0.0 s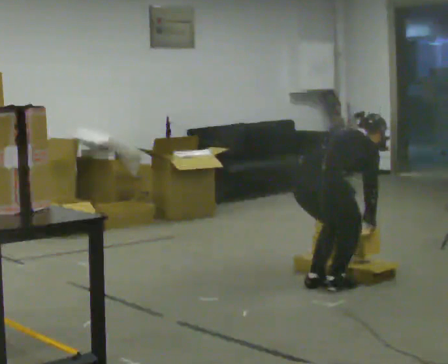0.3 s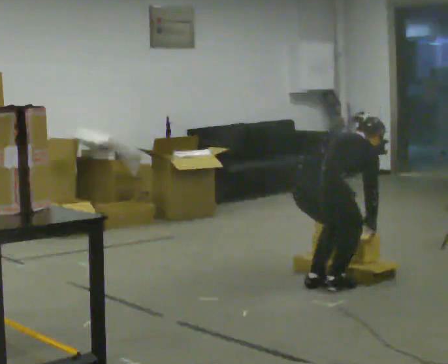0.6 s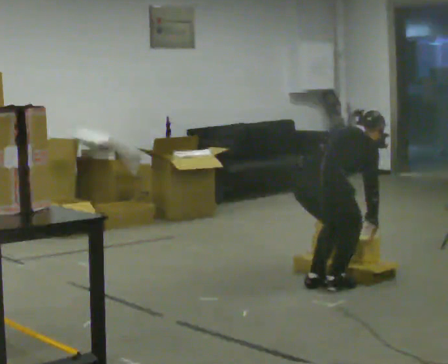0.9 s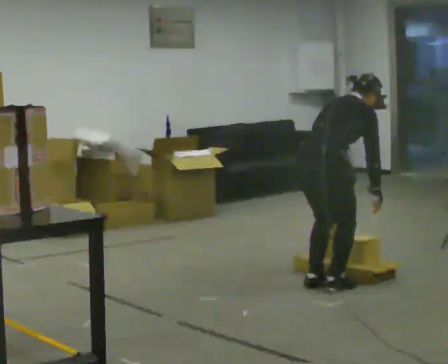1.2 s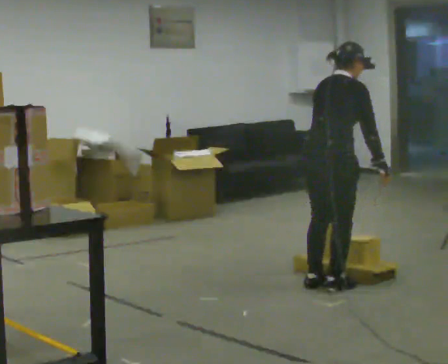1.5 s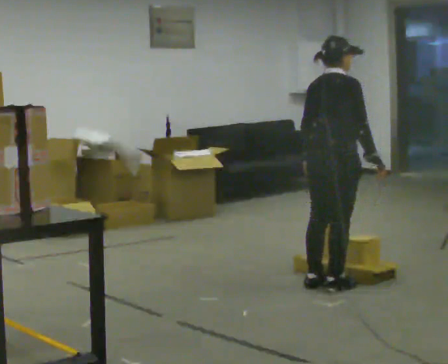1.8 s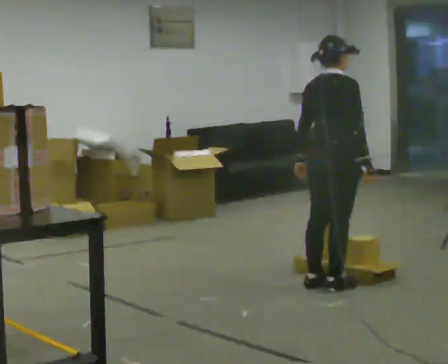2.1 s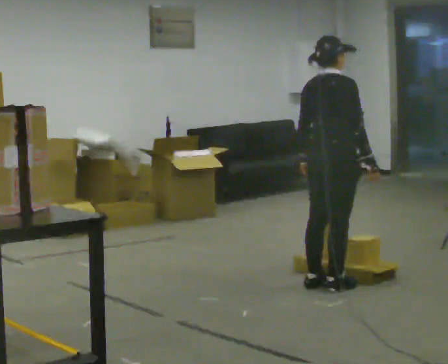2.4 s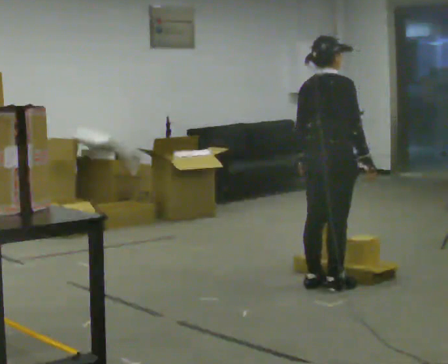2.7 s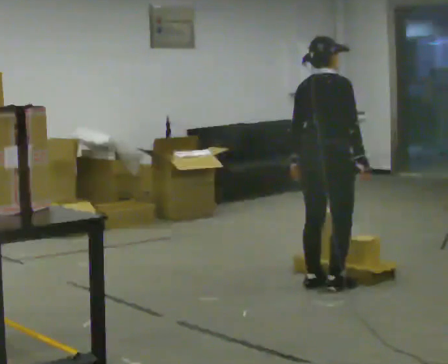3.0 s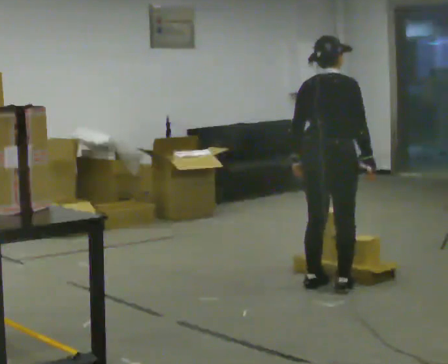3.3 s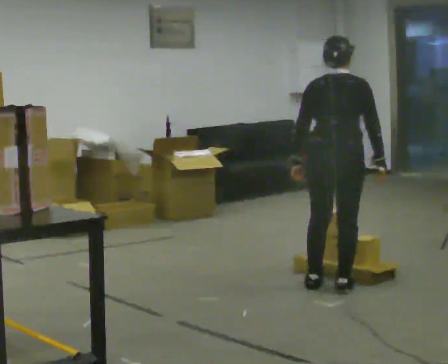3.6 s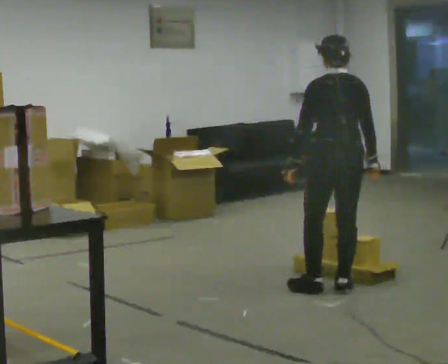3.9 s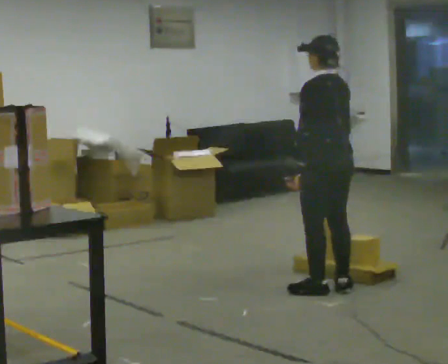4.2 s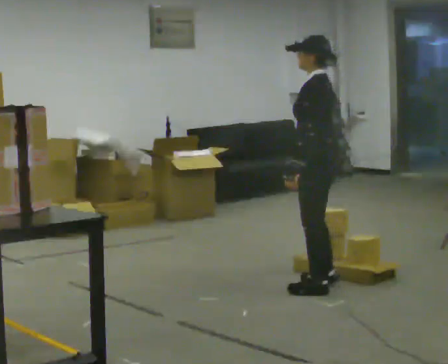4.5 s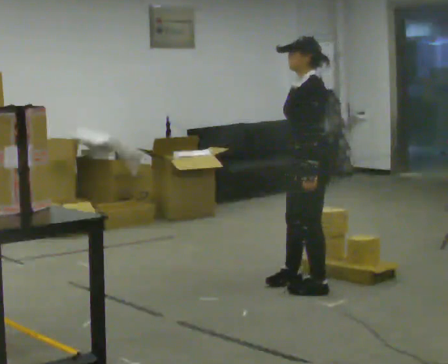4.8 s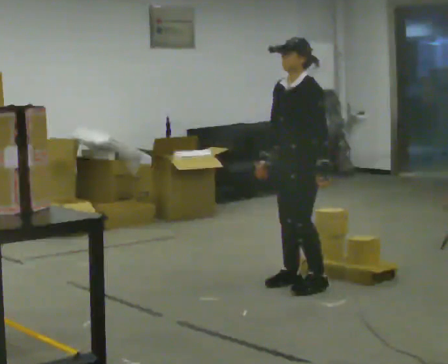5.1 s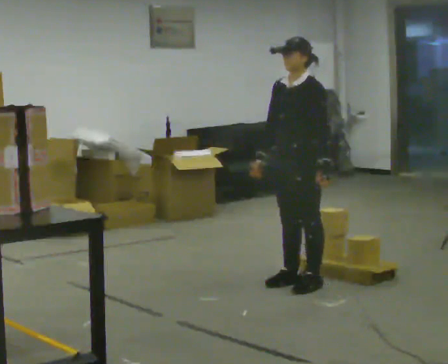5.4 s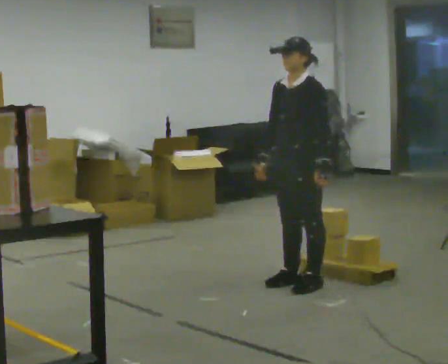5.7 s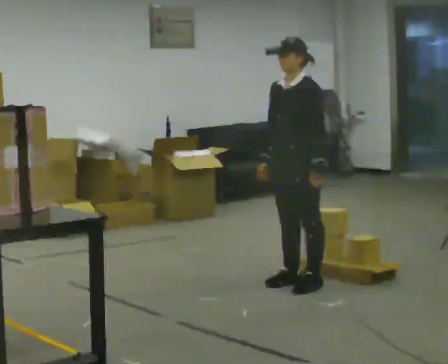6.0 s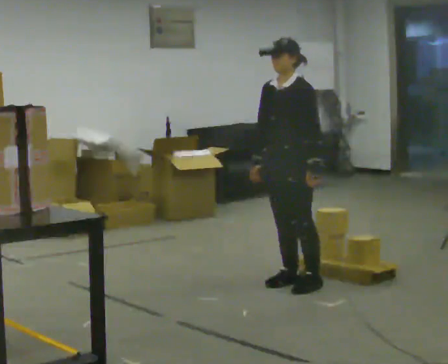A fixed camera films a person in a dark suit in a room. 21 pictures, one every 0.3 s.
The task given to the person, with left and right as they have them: Take an object from the lowest shelf, carry it across the room, and place it on the highest shelf you can comfortably reach. Keep going until the operator says stop; one object at a time, and do not rush between trips.
0.0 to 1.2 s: The upper body goes upward. In the picture the upper body tilts counterclockwise, shoulders to the left, as they lean back or straighten. In the picture their right hand goes upward.
1.2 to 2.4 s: The person moves a little, or ends about where they began.
2.4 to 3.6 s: The part of the body nearest the lens slides to the right as the person turns to their left by about 75 degrees.
3.6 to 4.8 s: The person turns about 90 degrees to their left, counterclockwise seen from above, so the part of the body nearest the lens slides to the right. In the picture they go to the left and away from the camera, about 0.25 m in 1 step.
4.8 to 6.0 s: The person moves a little, or ends about where they began.
The film runs forward here.
